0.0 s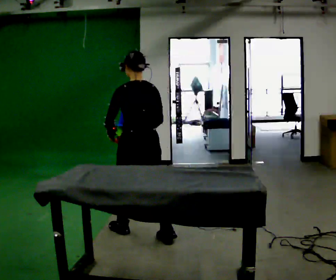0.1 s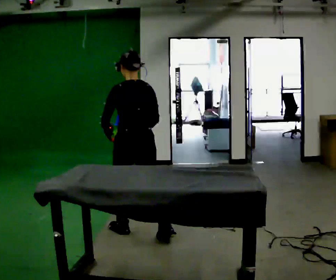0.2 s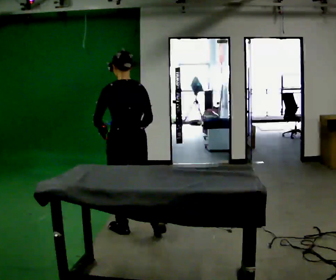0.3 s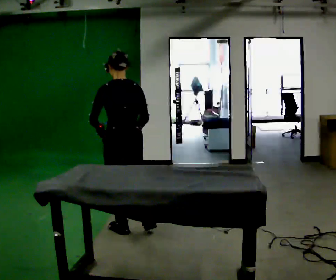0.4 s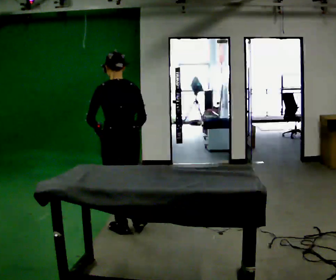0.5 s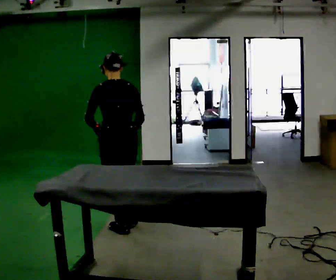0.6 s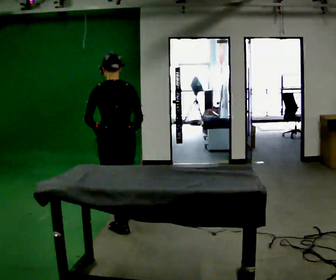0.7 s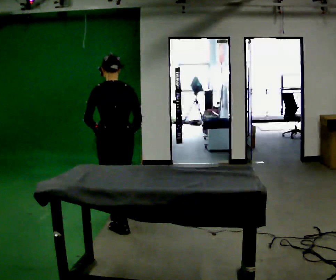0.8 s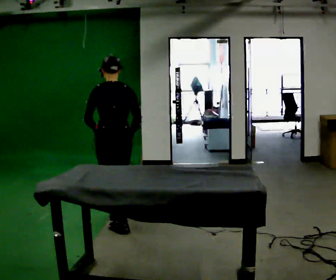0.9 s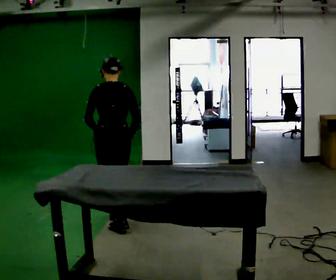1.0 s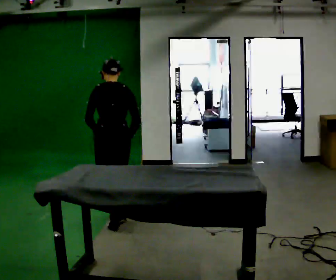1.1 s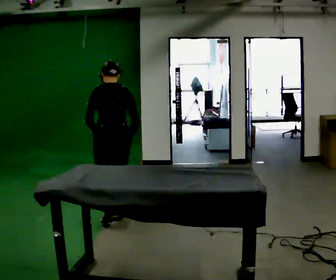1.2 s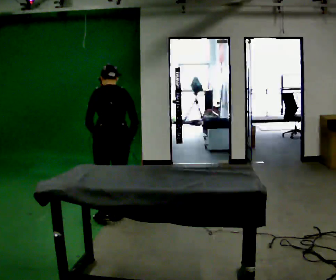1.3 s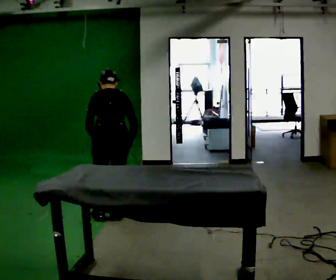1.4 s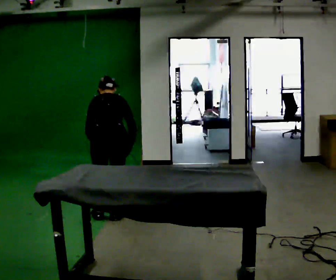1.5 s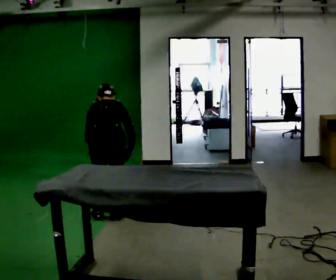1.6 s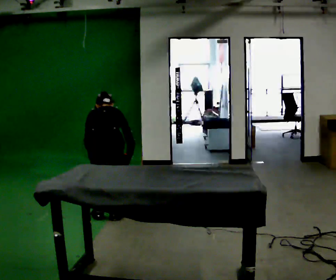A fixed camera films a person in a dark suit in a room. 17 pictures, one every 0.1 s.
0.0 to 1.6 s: In the picture they go away from the camera and to the left, about 0.5 m in 2 steps, which for them is forward and to their left. The upper body goes downward. The upper body tips away from the camera, its near side rolling upward, as they bend forward. In the picture their right hand goes downward.
The film runs forward here.
